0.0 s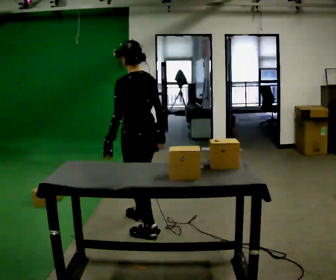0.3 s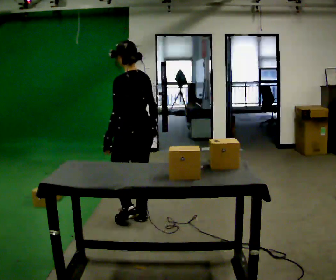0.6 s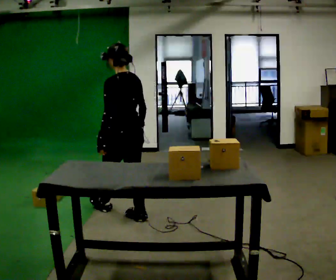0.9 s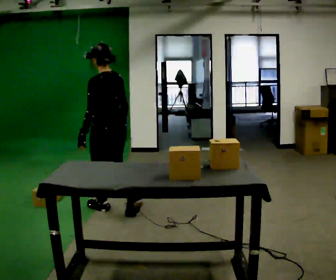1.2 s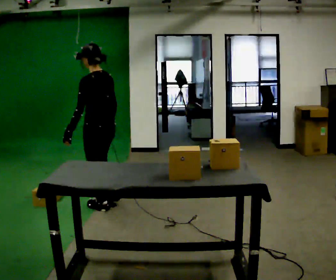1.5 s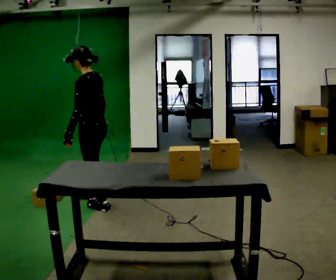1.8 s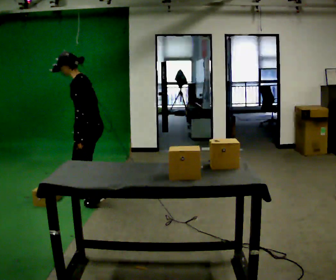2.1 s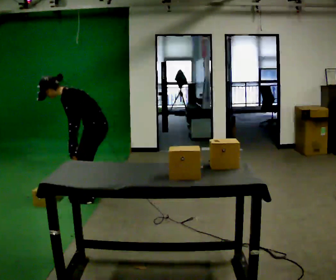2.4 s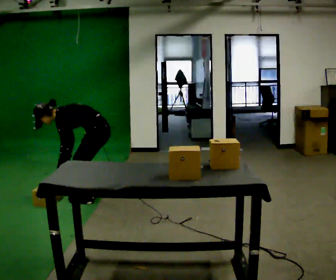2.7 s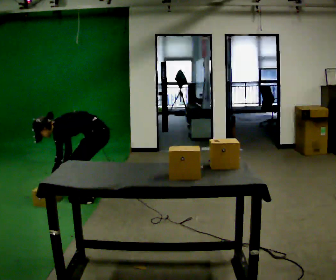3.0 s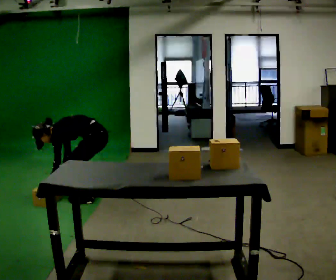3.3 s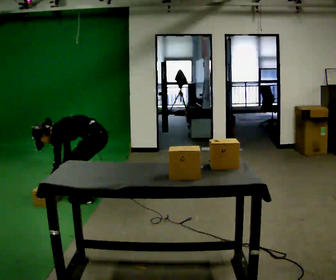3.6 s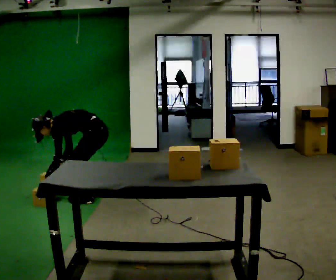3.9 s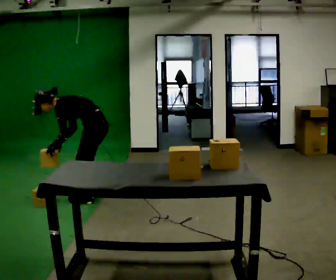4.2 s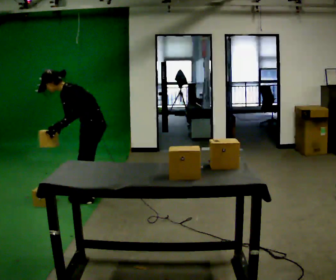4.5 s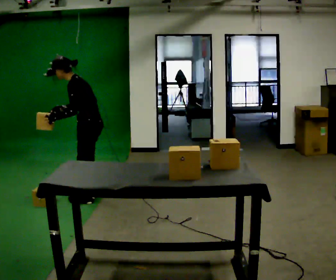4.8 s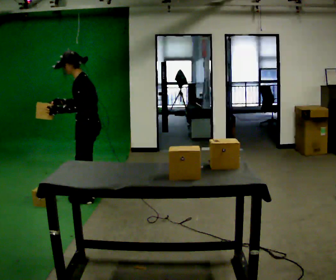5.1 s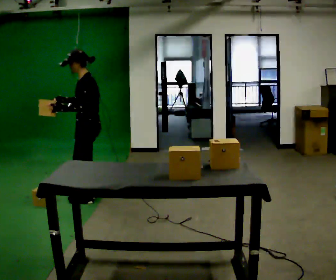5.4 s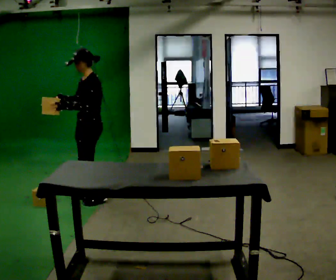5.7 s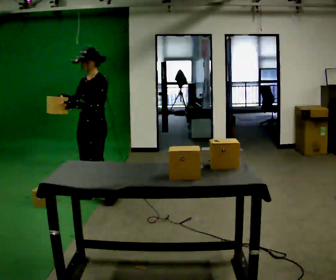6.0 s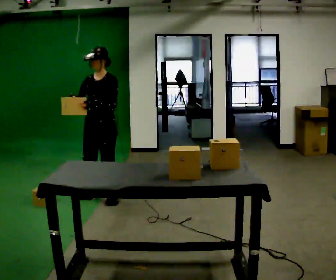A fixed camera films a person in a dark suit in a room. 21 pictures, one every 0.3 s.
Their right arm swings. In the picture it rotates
clockwise.
The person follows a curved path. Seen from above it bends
clockwise.
0.0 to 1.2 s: In the picture they go to the left and away from the camera, about 0.5 m in 1 step, which for them is forward.
1.2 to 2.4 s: The part of the body nearest the lens slides to the right as the person turns to their left by about 30 degrees. In the picture they go away from the camera, about 0.25 m in 2 steps, which for them is to their right. The upper body goes downward. In the picture the upper body tilts counterclockwise, shoulders to the left, as they bend forward. In the picture their right hand goes downward.
2.4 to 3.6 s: The person moves a little, or ends about where they began.
3.6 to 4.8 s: The shoulders move upward. In the picture the upper body tilts clockwise, shoulders to the right, as they lean back or straighten. In the picture their right hand goes upward.
4.8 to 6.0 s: The part of the body nearest the lens slides to the right as the person turns to their left by about 60 degrees.
The film runs forward here.
